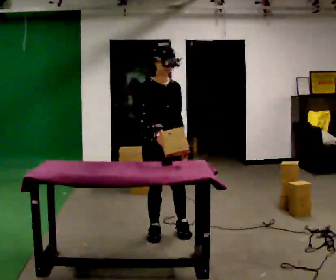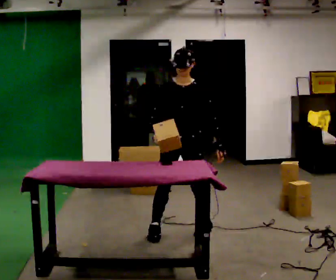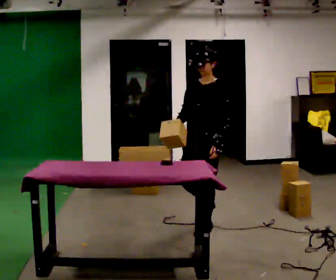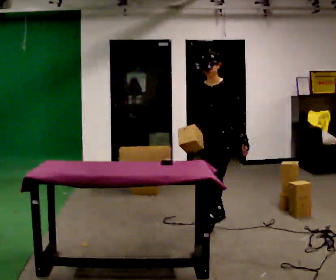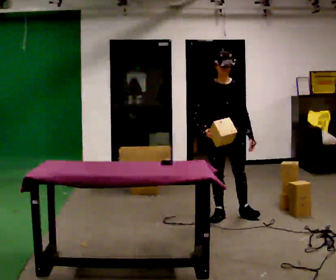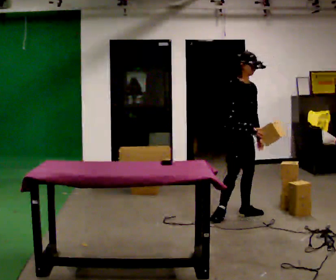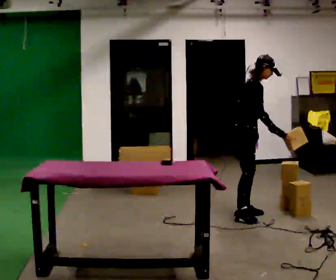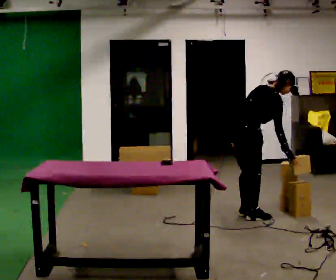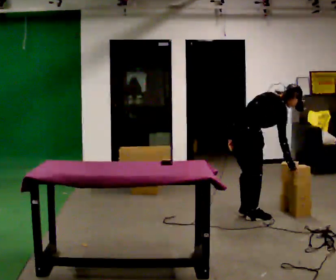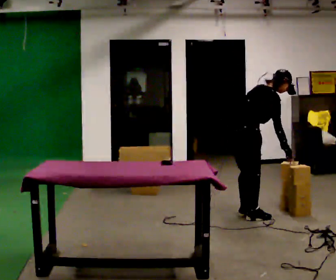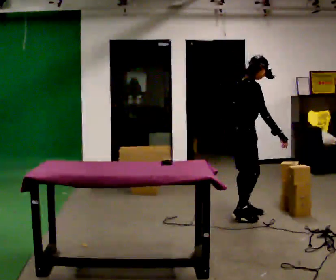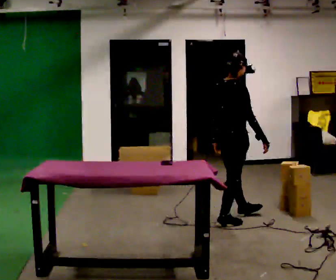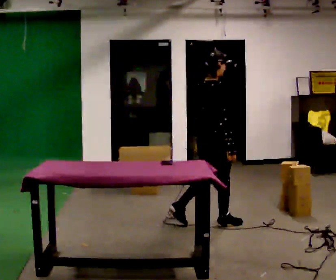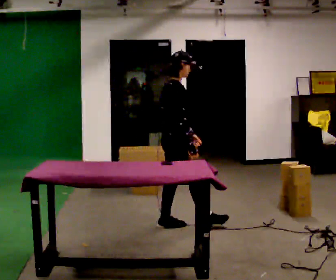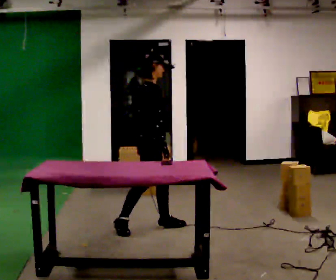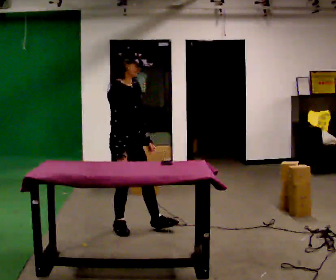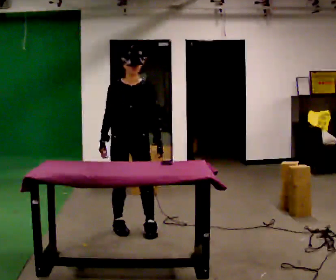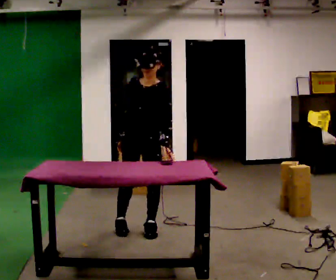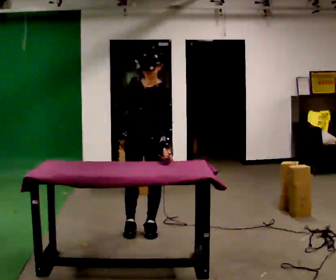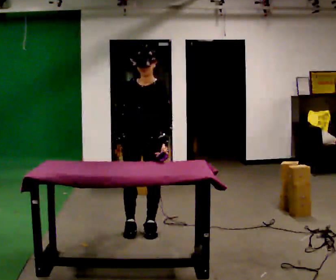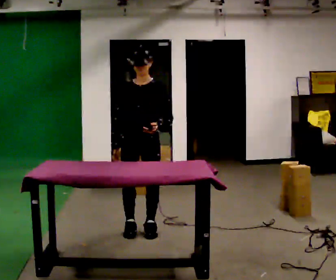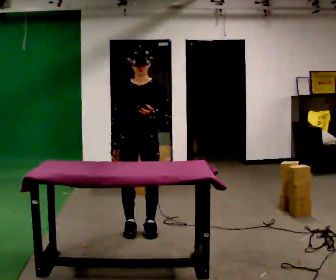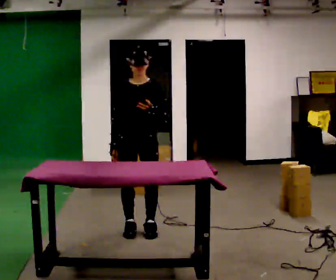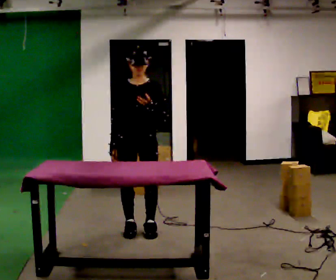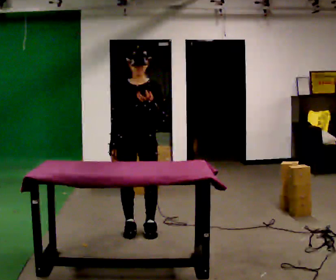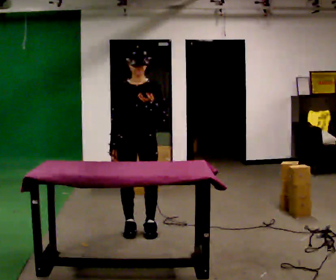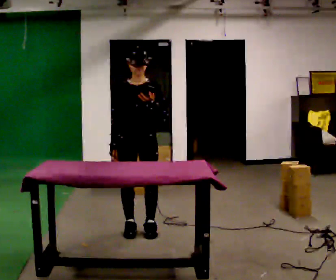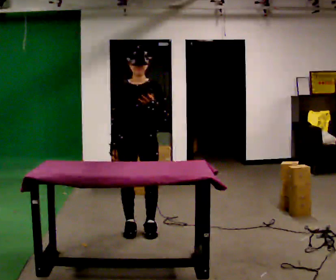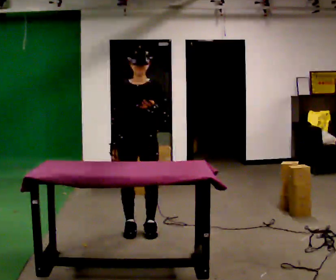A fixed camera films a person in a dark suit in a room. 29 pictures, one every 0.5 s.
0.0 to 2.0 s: In the picture they go away from the camera and to the right, about 1 m in 2 steps.
2.0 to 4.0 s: The part of the body nearest the lens slides to the right as the person turns to their left by about 105 degrees. In the picture they go to the right, about 0.25 m in 1 step. The upper body goes downward. In the picture the upper body tilts clockwise, shoulders to the right, as they bend forward.
4.0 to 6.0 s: In the picture they go to the left and toward the camera, about 0.5 m in 2 steps, which for them is backward and to their right. The upper body goes upward. In the picture the upper body tilts counterclockwise, shoulders to the left, as they lean back or straighten.
6.0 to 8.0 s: The part of the body nearest the lens slides to the left as the person turns to their right by about 120 degrees. In the picture they go to the left, about 0.5 m in 2 steps.
8.0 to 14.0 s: In the picture their left hand goes upward.
The film runs backward here.
